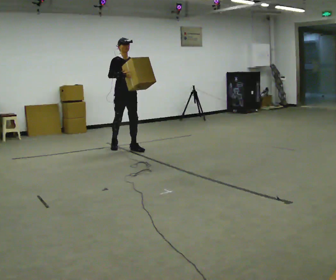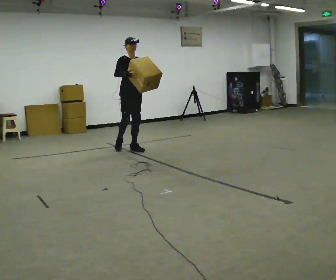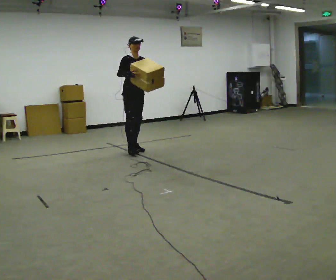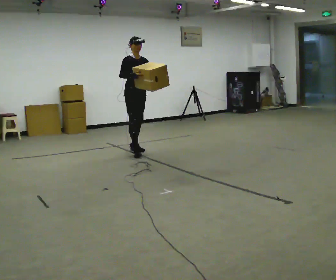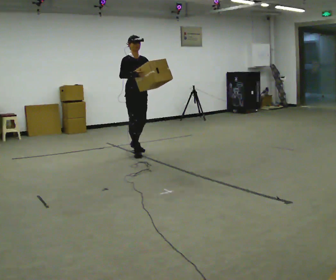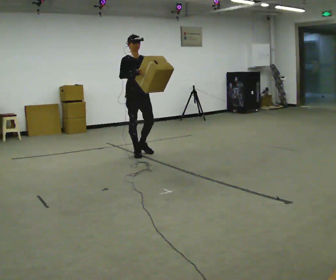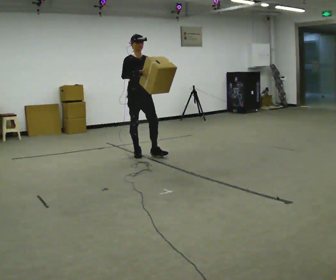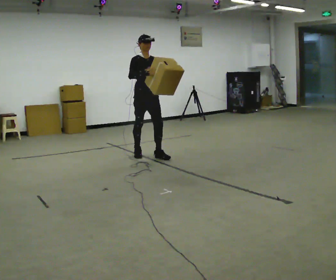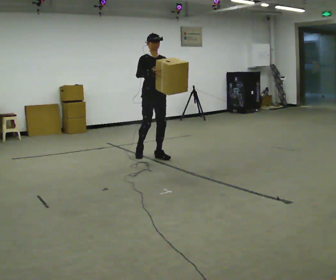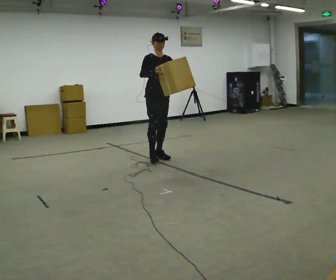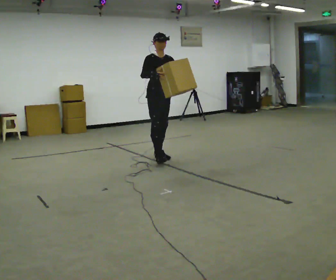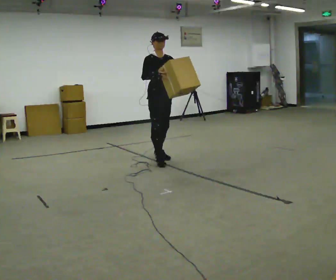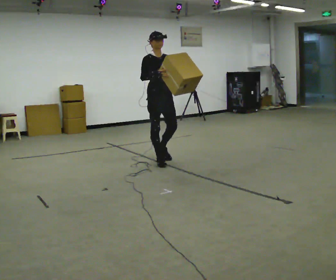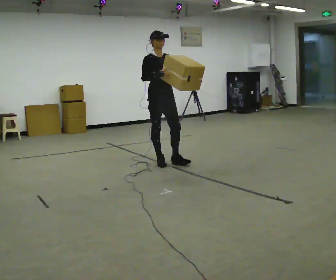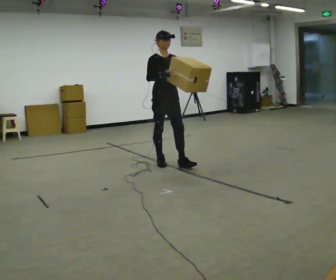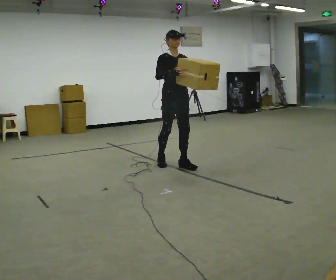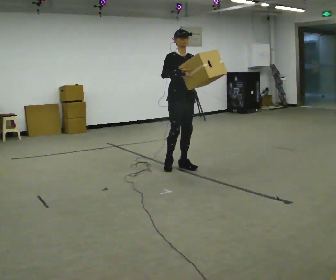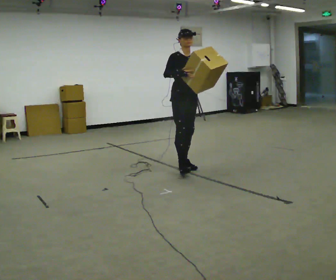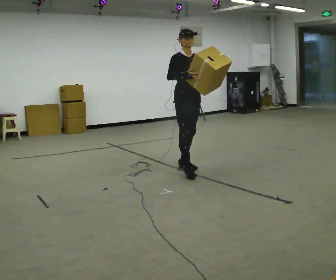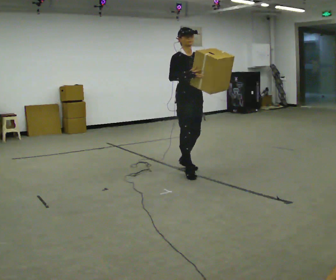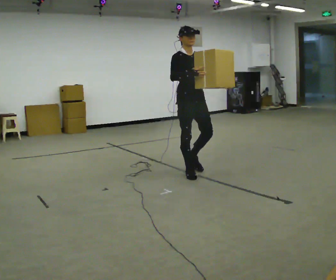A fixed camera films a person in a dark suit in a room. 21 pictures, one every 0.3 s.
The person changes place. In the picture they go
toward the camera.
0.0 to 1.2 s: In the picture they go toward the camera and to the right, about 0.25 m in 1 step, which for them is forward.
1.2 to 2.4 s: In the picture they go to the right and toward the camera, about 0.25 m in 1 step, which for them is forward.
2.4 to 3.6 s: In the picture they go toward the camera, about 0.25 m in 1 step, which for them is forward.
3.6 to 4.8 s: In the picture they go to the right and toward the camera, about 0.25 m in 1 step, which for them is forward.
4.8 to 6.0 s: In the picture they go toward the camera, about 0.5 m in 1 step, which for them is forward and to their right.
The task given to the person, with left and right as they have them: Carry the object and, while walking, turn it over in your hands to look at all sides of it. Keep turning it as you walk.
The film runs forward here.
